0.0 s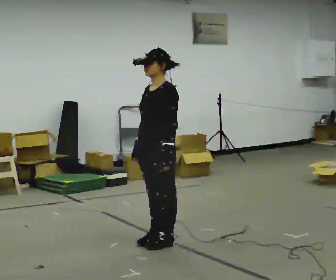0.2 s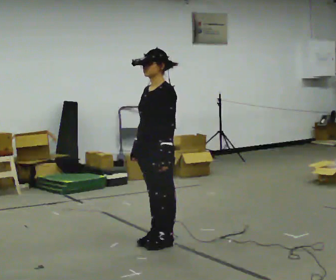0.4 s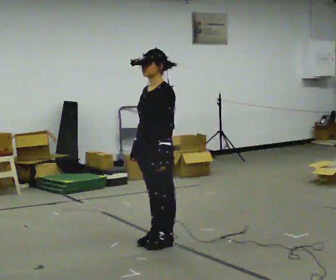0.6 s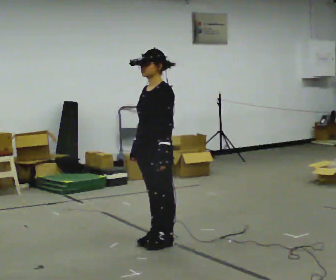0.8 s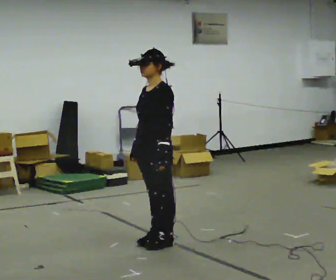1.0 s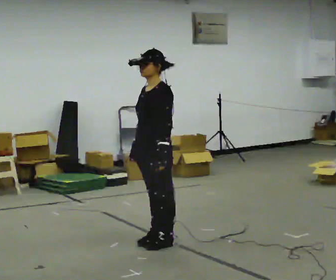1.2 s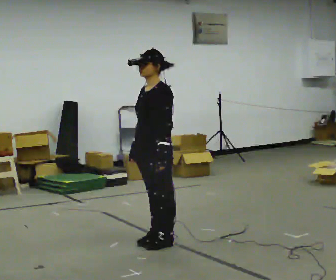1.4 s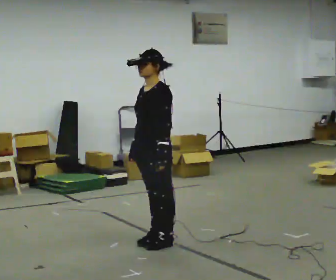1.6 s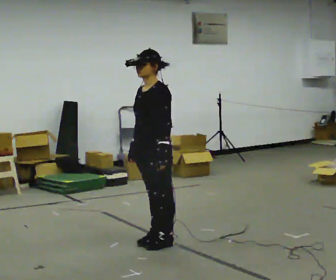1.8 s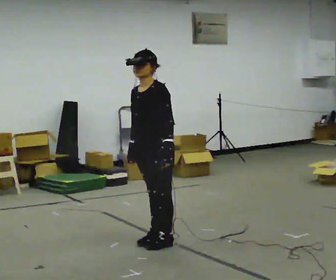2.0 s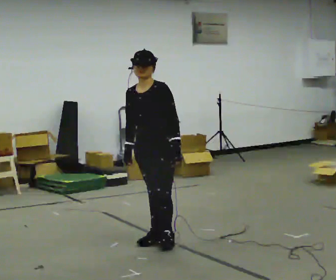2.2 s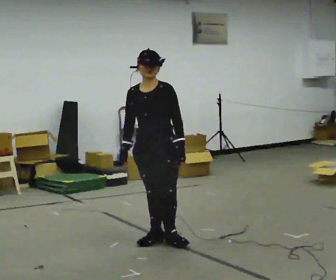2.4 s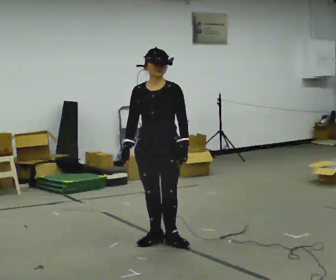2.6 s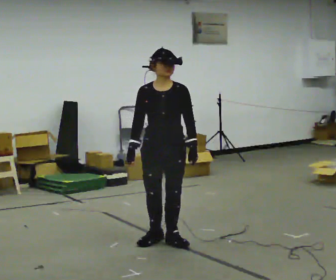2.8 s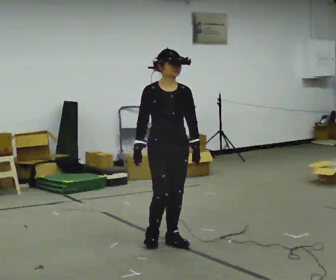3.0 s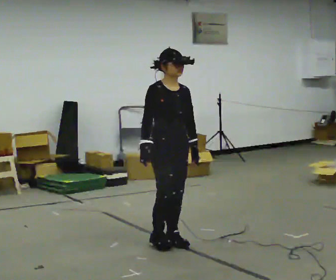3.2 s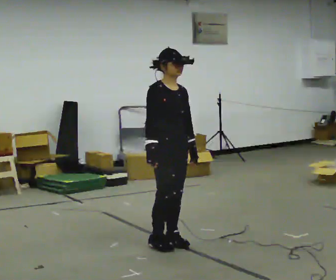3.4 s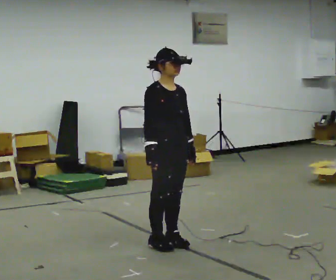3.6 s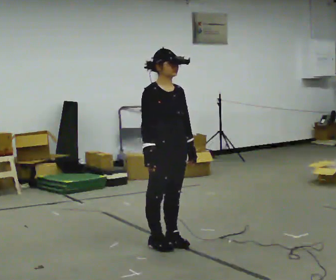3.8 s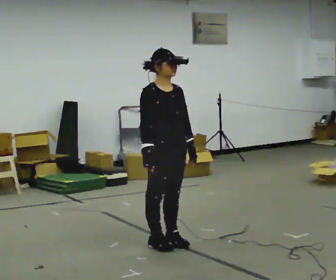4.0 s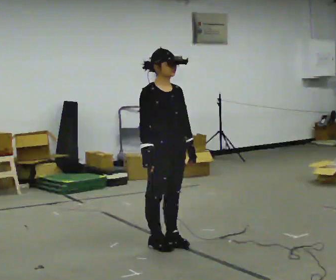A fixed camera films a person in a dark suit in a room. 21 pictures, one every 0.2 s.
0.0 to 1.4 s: The person moves a little, or ends about where they began.
1.4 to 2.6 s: Seen from above the body turns counterclockwise, about 60 degrees: to their left, with its near side sliding to the right.
2.6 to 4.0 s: The person turns about 45 degrees to their left, counterclockwise seen from above, so the part of the body nearest the lens slides to the right.
The film runs forward here.
